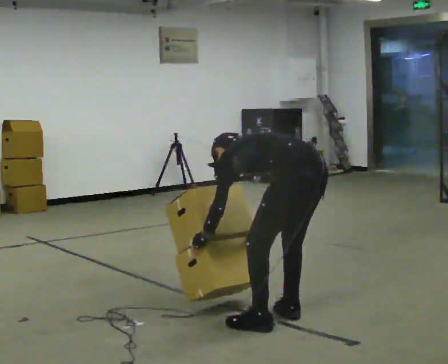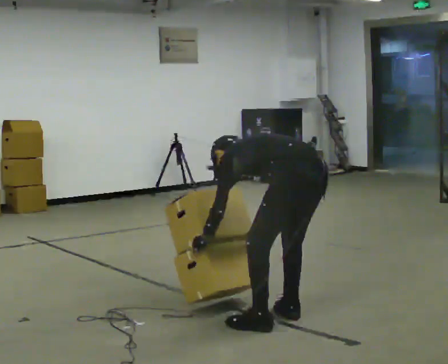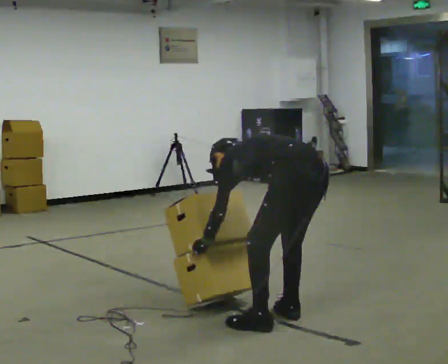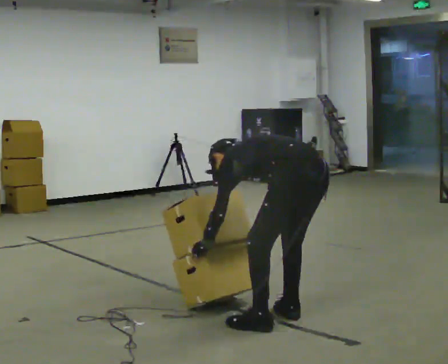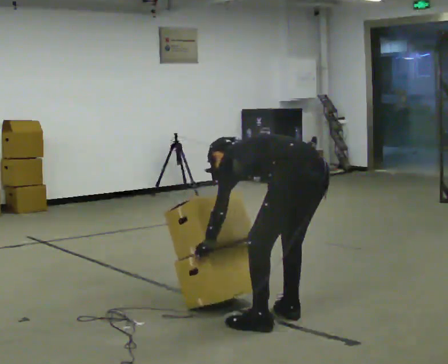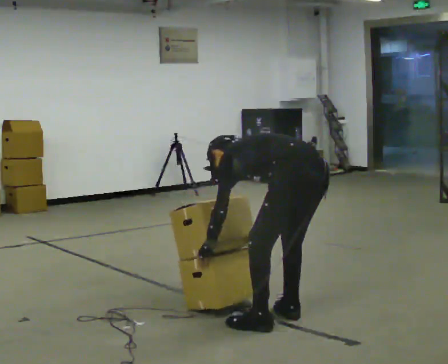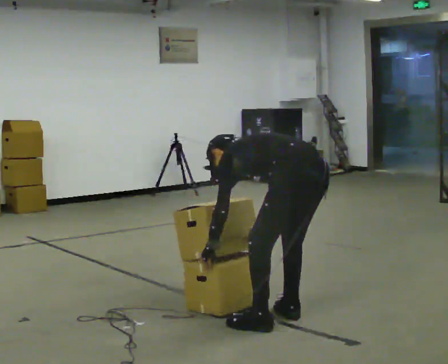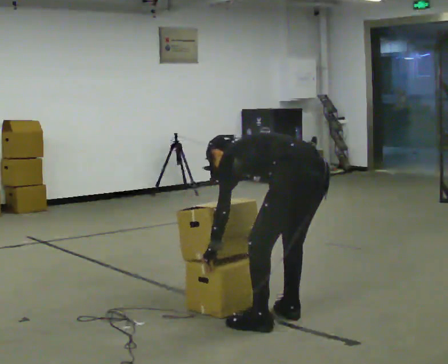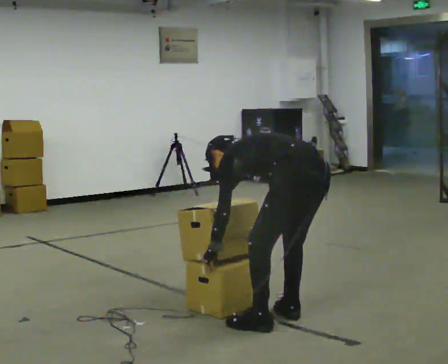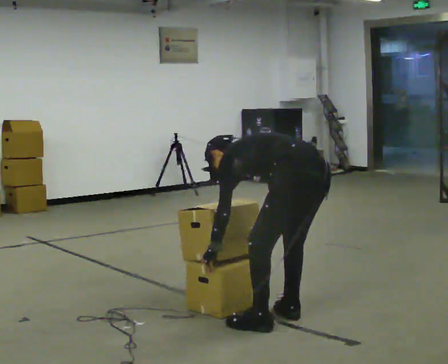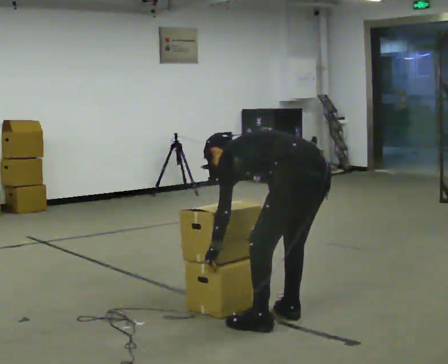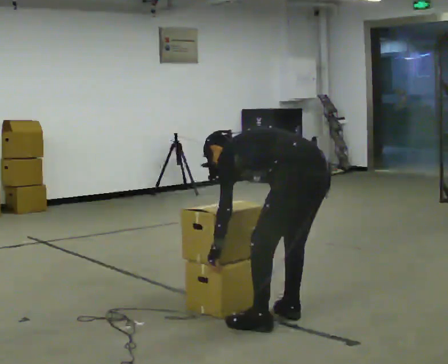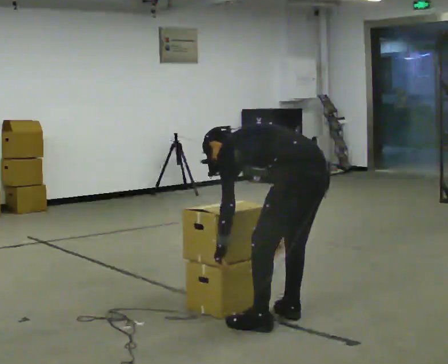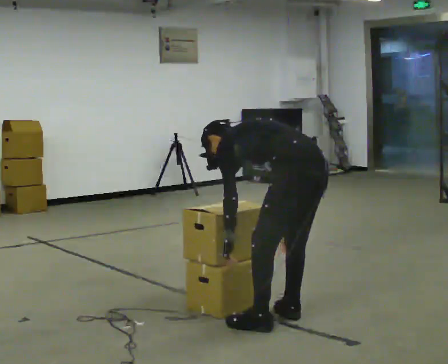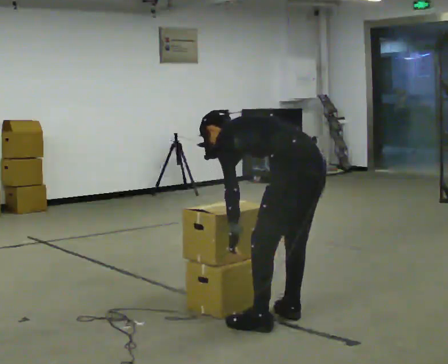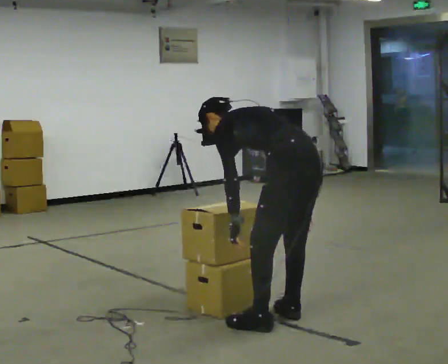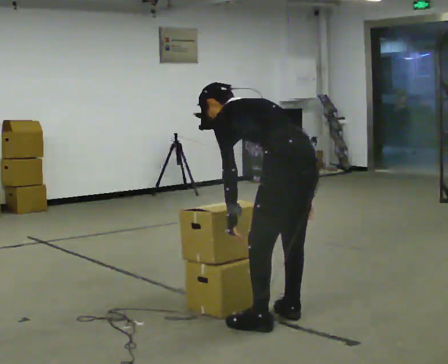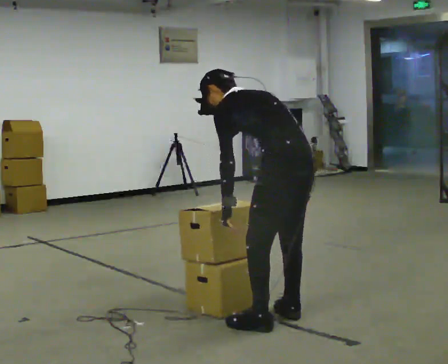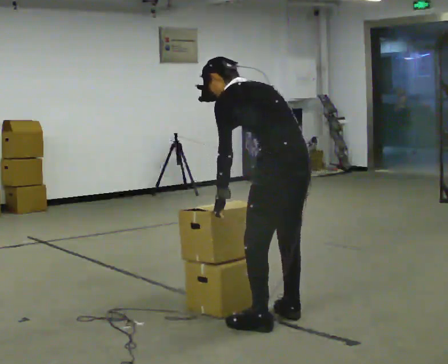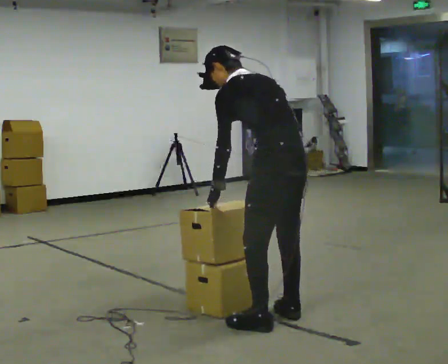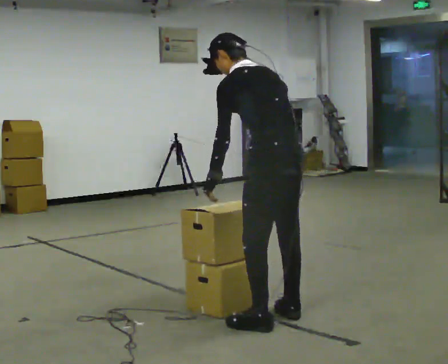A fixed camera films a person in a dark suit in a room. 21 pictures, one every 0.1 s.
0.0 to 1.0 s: The person moves a little, or ends about where they began.
1.0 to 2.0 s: The upper body goes upward. The upper body tips toward the camera, its near side rolling downward, as they lean back or straighten. In the picture their right hand goes upward.
The film runs forward here.
